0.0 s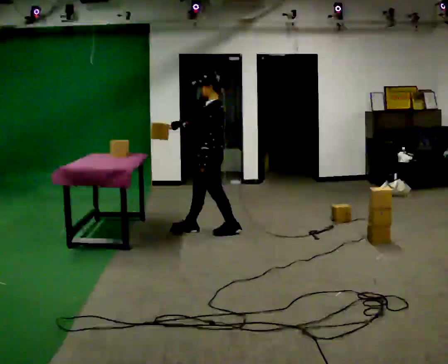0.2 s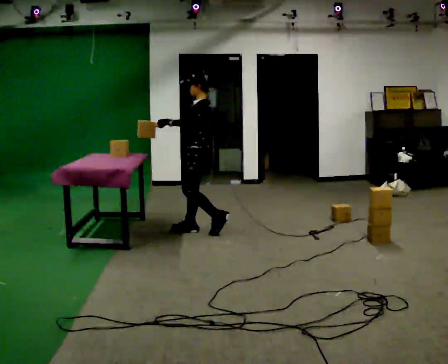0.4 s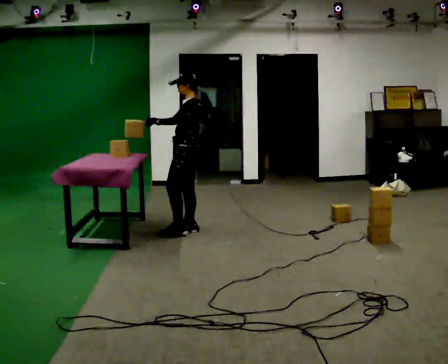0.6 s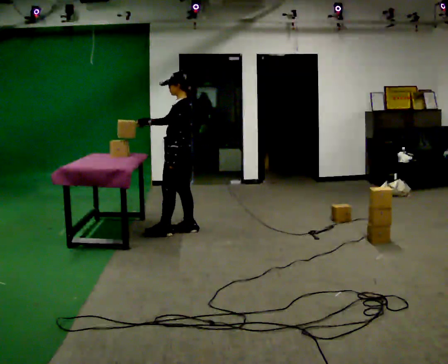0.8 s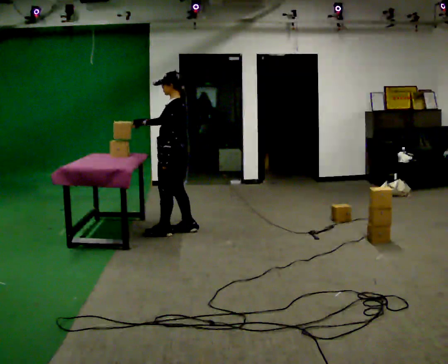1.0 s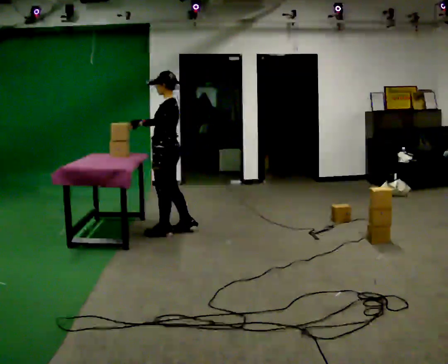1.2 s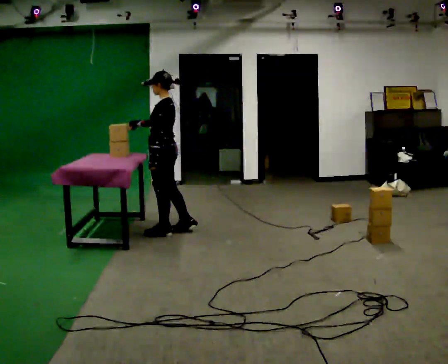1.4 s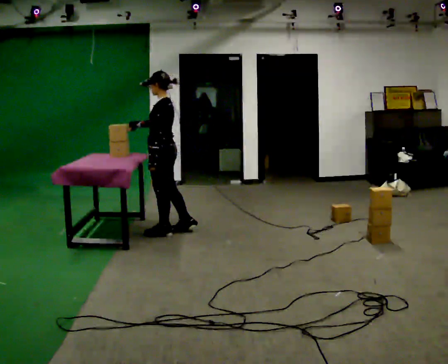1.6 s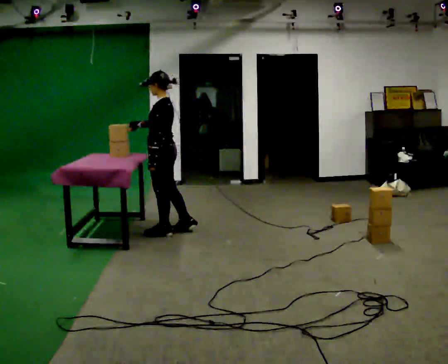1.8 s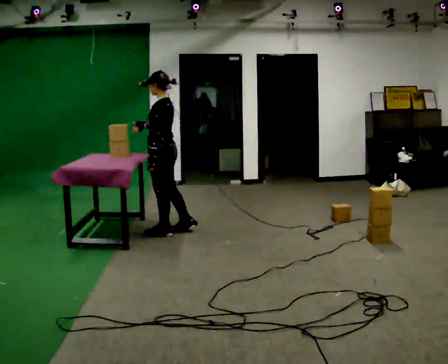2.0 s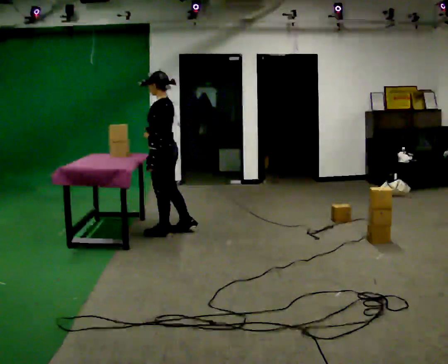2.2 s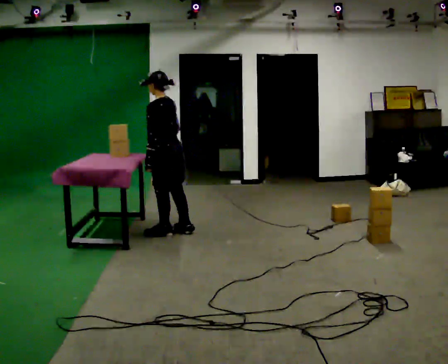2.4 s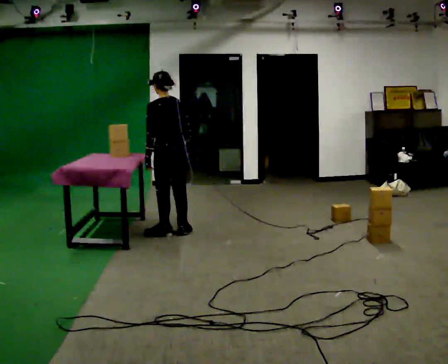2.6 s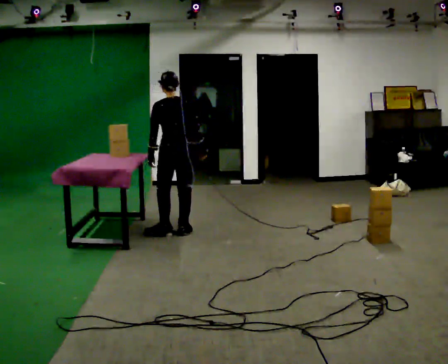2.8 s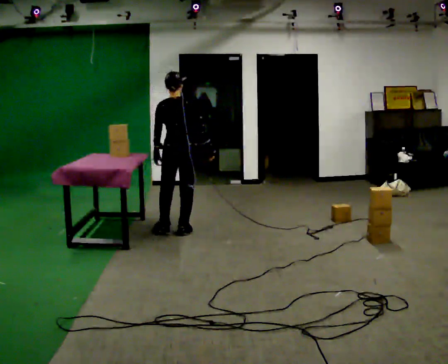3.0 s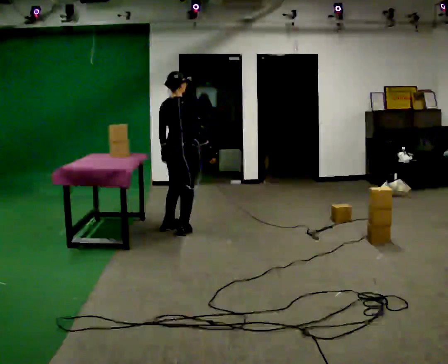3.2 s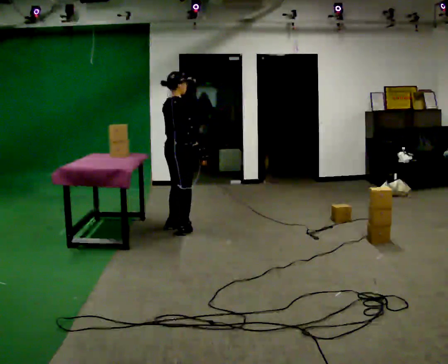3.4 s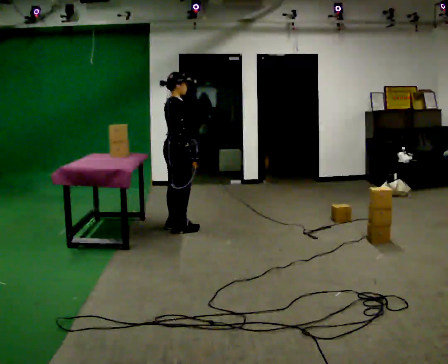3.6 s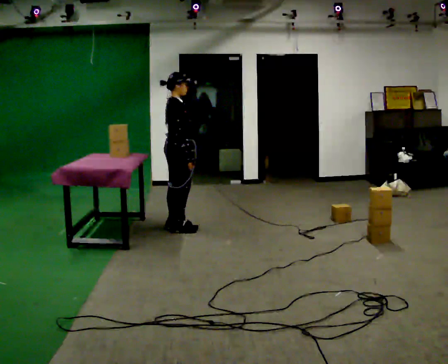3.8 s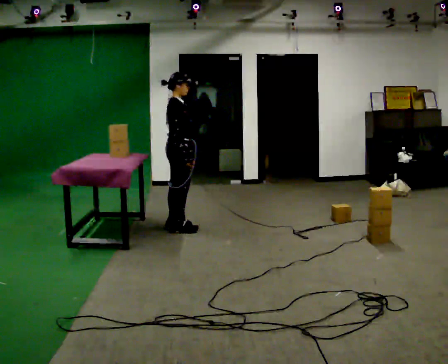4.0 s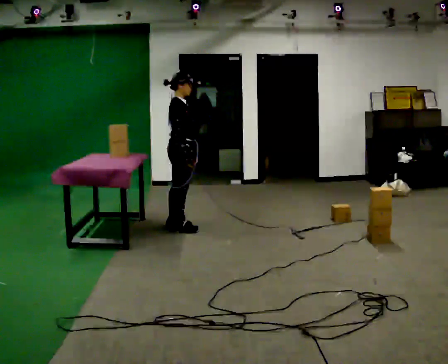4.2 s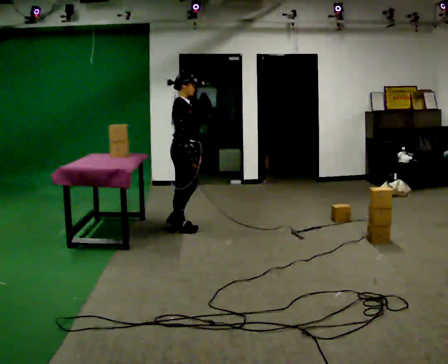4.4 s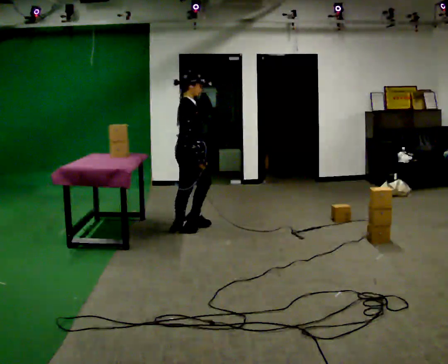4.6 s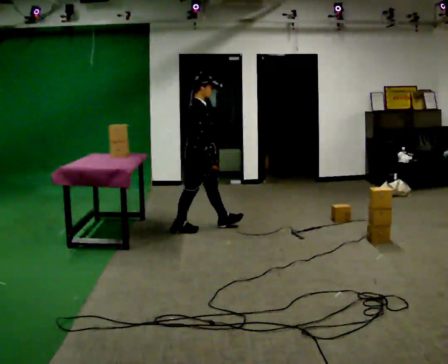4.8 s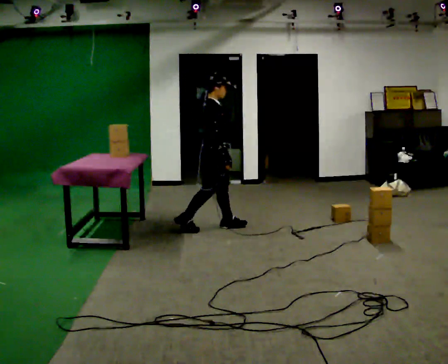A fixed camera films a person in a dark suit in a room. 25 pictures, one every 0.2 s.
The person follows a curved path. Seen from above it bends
clockwise.
The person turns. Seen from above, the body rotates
clockwise.
0.0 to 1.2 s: In the picture they go to the left, about 0.5 m in 1 step, which for them is forward.
1.2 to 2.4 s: The person turns about 45 degrees to their right, clockwise seen from above, so the part of the body nearest the lens slides to the left. In the picture their right hand goes to the right.
2.4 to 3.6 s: Seen from above the body turns clockwise, about 120 degrees: to their right, with its near side sliding to the left. In the picture they go away from the camera, about 0.25 m in 1 step.
3.6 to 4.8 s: In the picture they go to the right, about 0.25 m in 1 step, which for them is forward.
The film runs forward here.
